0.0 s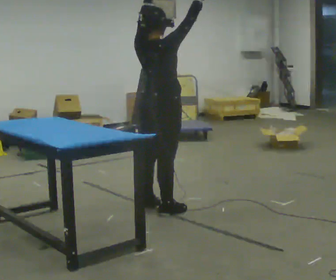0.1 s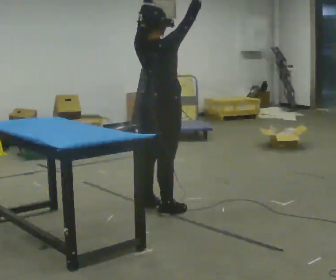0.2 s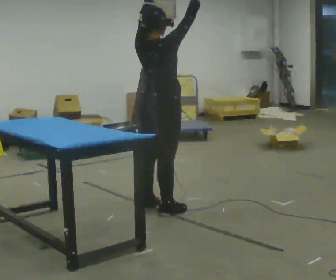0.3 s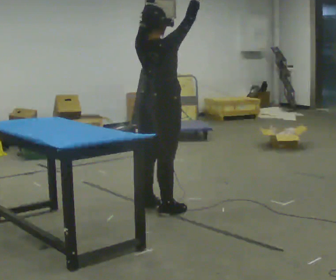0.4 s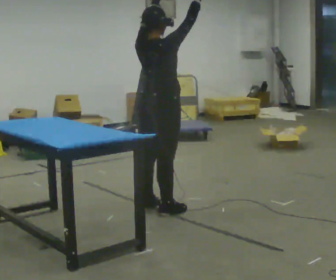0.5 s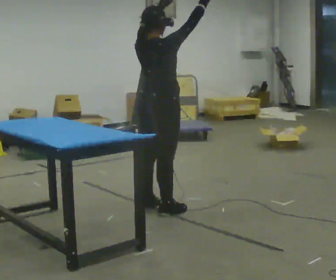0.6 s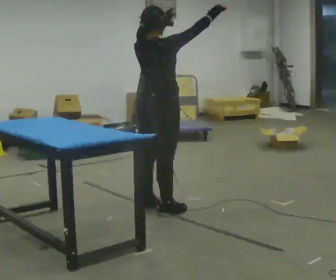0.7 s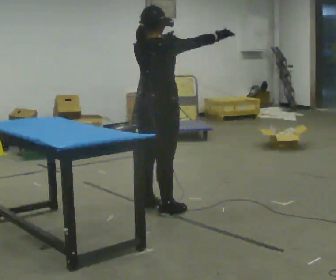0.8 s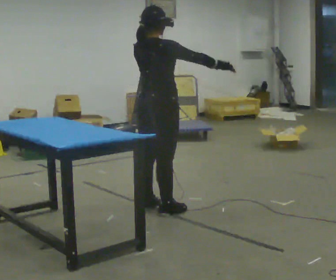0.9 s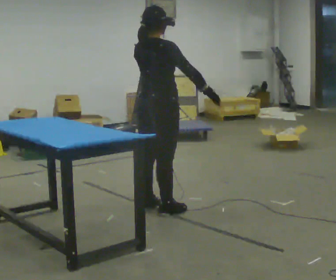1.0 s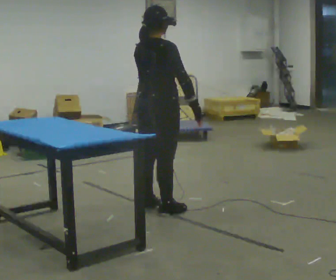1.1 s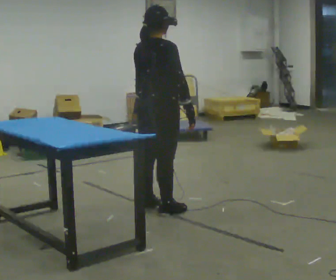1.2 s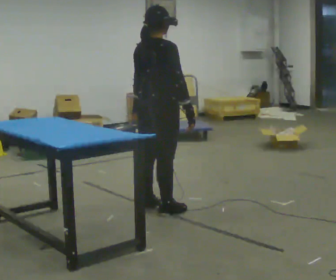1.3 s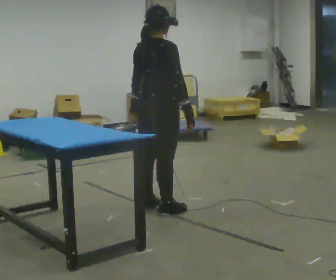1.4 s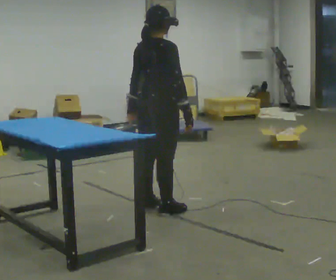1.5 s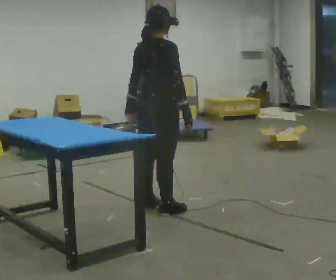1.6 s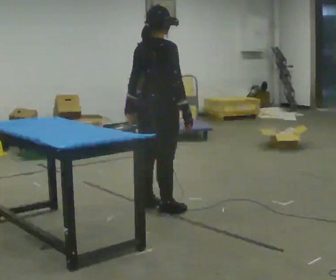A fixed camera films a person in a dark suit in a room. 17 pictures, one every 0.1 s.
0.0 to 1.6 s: In the picture their right hand goes downward, the arm swinging clockwise.
The film runs backward here.
